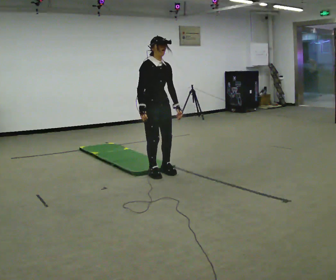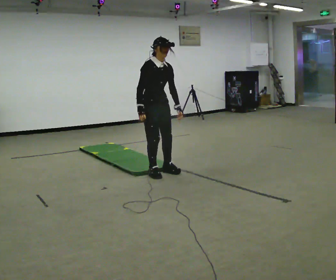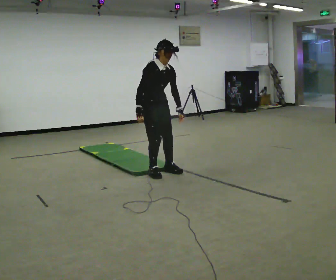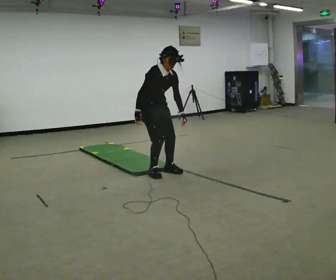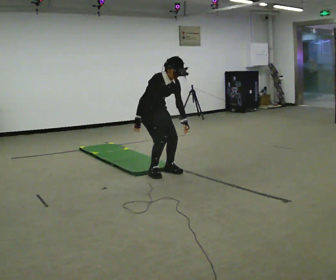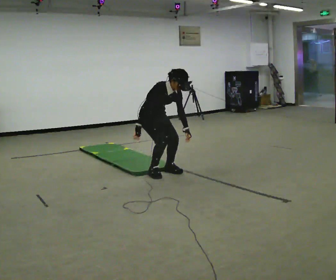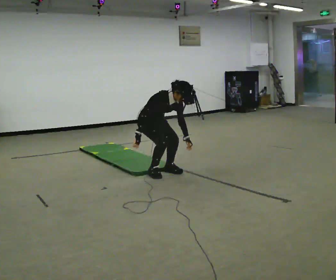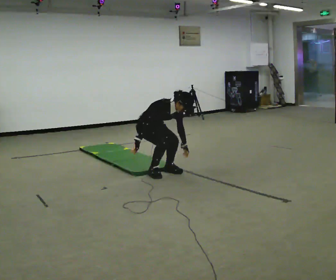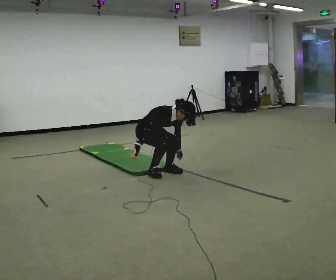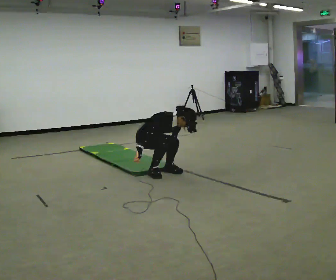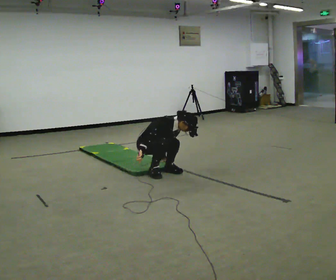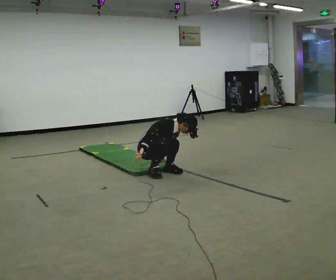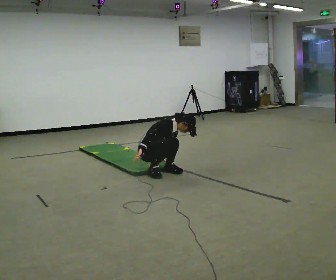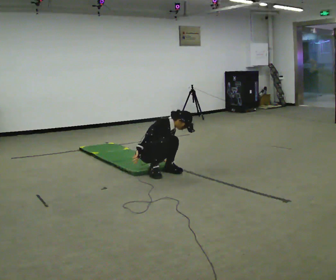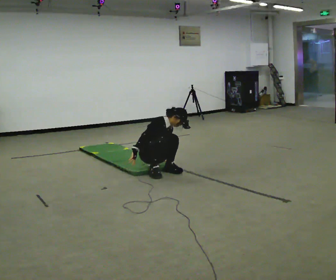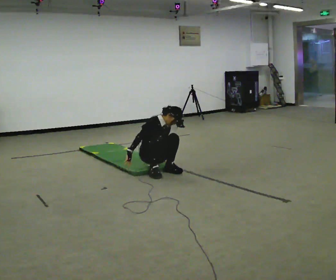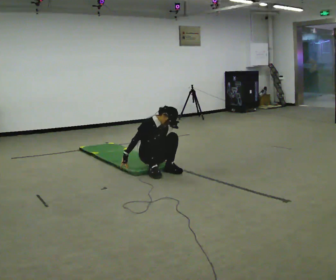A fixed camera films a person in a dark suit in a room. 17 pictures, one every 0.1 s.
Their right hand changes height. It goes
downward.
Their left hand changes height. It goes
downward.
0.0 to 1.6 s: In the picture they go away from the camera, about 0.25 m, which for them is backward and to their left. The upper body goes downward. In the picture their left hand goes downward.
The film runs backward here.
